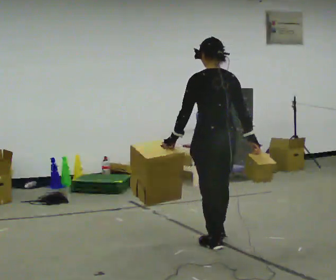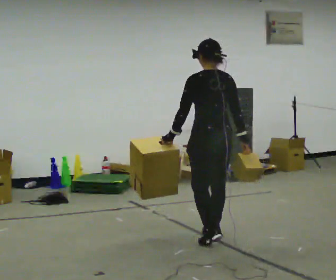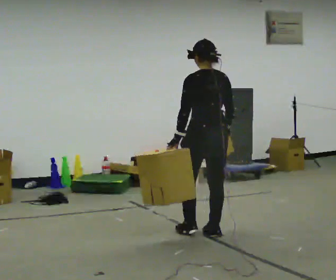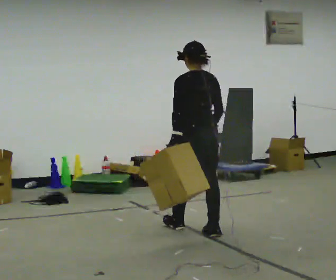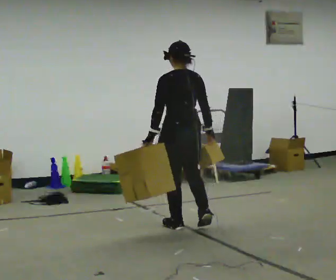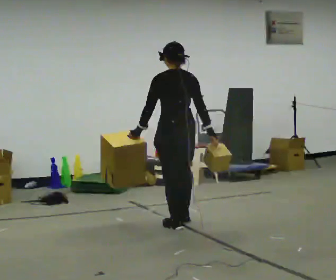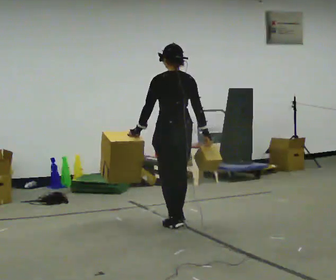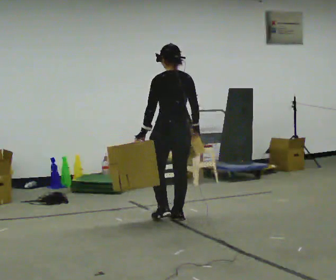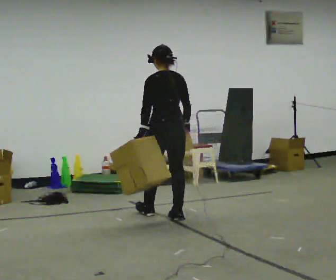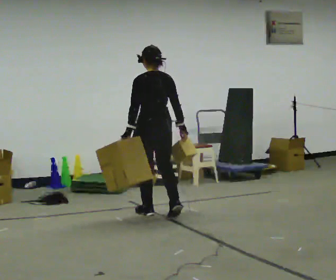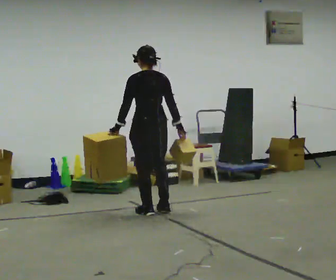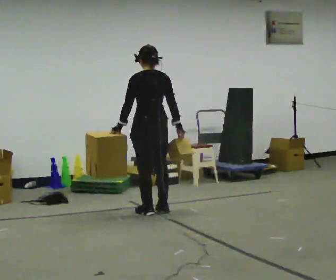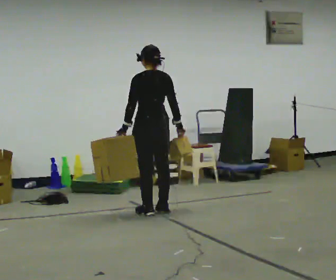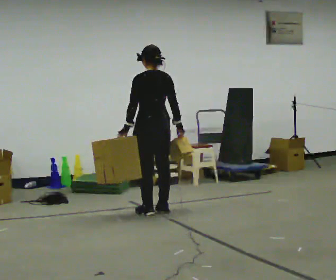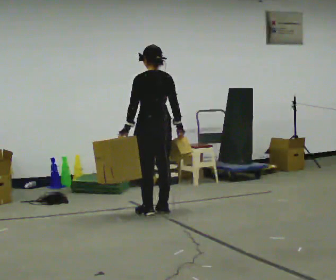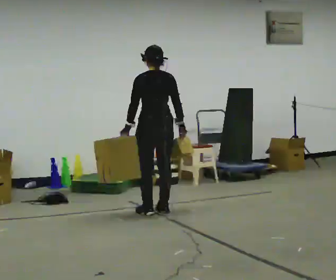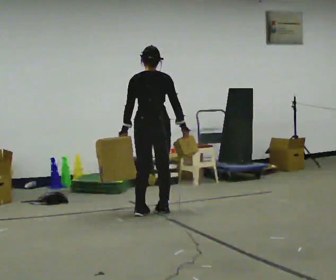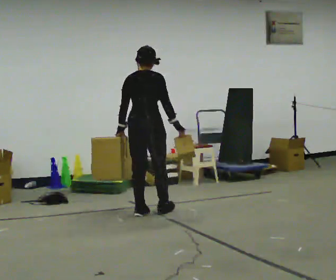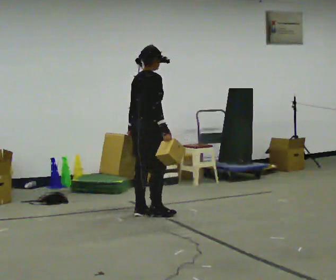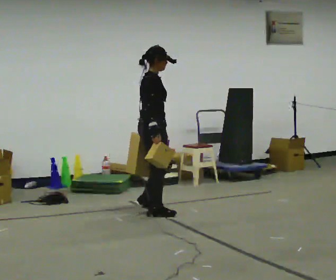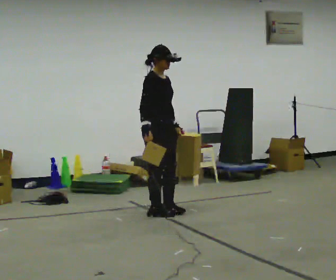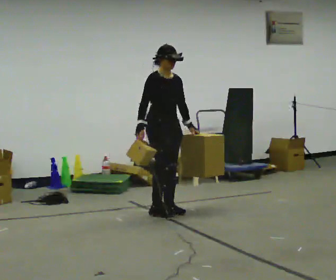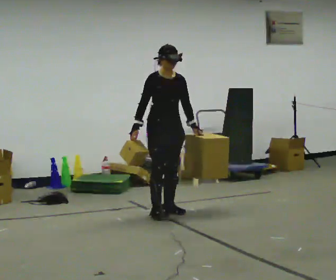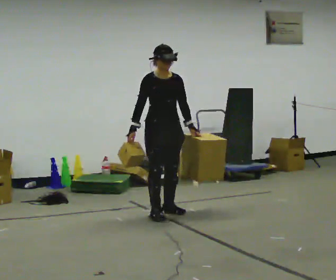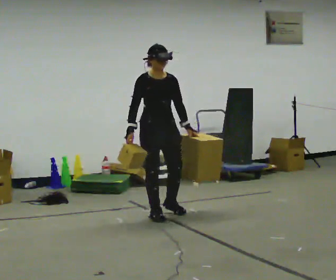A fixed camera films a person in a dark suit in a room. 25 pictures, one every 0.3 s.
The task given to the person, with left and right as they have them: Carry one object in each hand, the heavy one in the hand the operator calls, walking back and forth across the room.
0.0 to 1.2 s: In the picture they go away from the camera and to the left, about 0.5 m in 2 steps, which for them is forward.
1.2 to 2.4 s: In the picture they go away from the camera, about 0.5 m in 2 steps, which for them is forward.
2.4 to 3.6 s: In the picture they go away from the camera, about 0.25 m in 1 step, which for them is forward.
3.6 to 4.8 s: The person turns about 30 degrees to their right, clockwise seen from above, so the part of the body nearest the lens slides to the left.
4.8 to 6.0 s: The part of the body nearest the lens slides to the left as the person turns to their right by about 120 degrees. In the picture their right hand goes to the left, the arm swinging clockwise.
6.0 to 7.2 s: The person turns about 45 degrees to their right, clockwise seen from above, so the part of the body nearest the lens slides to the left.
The film runs forward here.
